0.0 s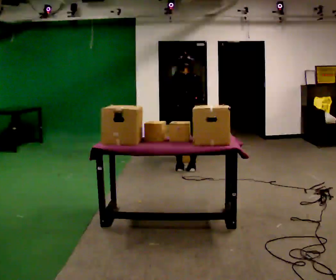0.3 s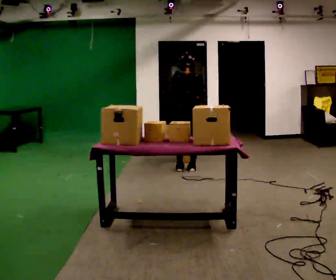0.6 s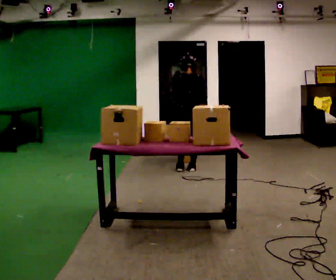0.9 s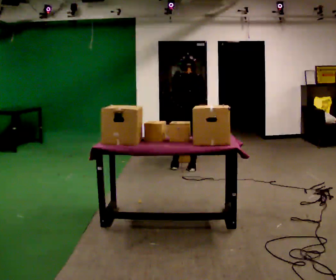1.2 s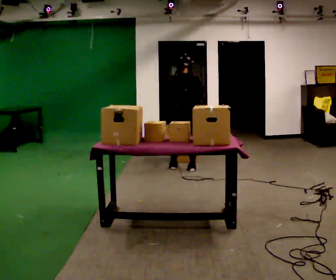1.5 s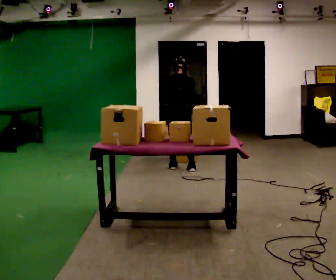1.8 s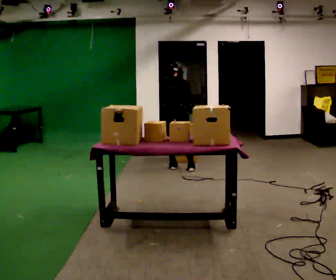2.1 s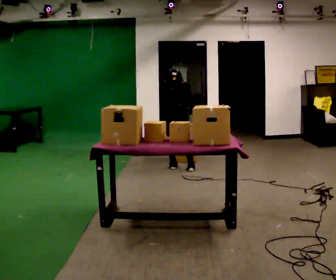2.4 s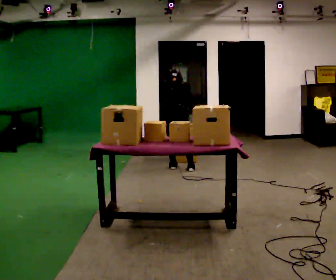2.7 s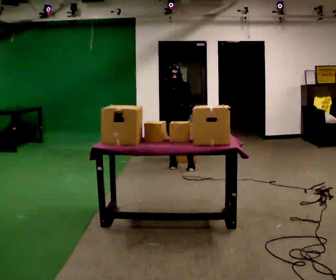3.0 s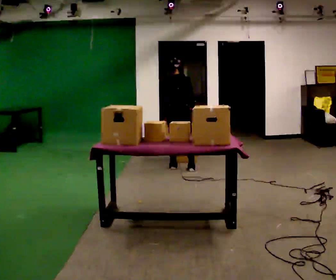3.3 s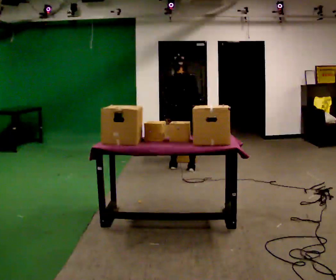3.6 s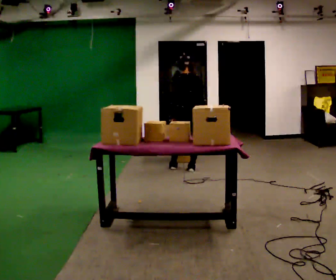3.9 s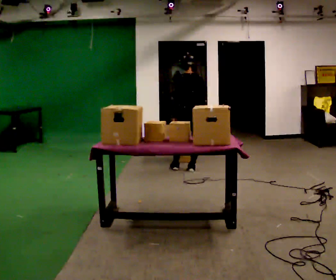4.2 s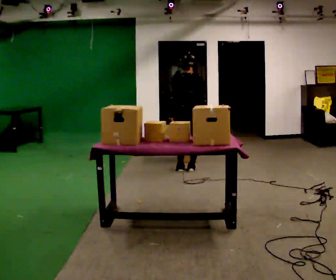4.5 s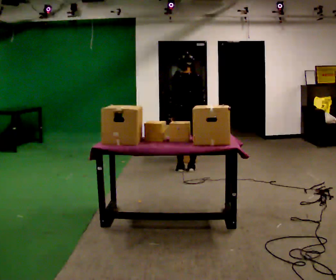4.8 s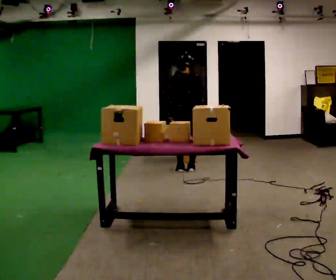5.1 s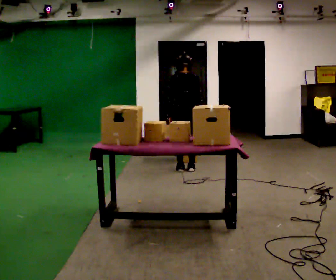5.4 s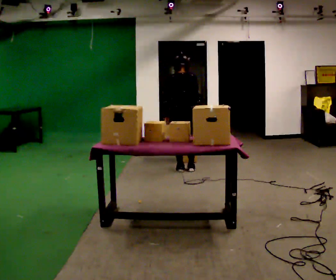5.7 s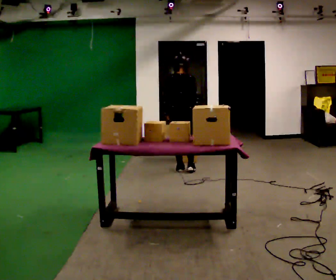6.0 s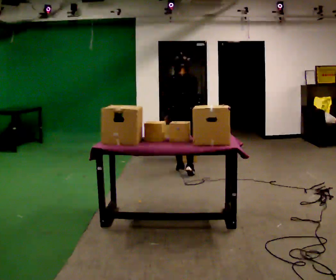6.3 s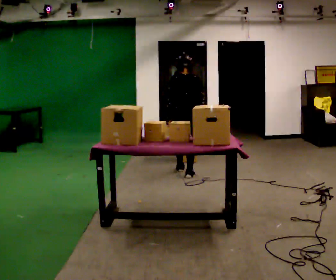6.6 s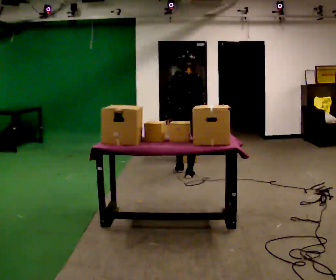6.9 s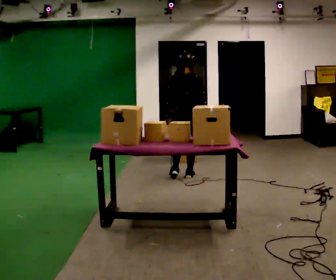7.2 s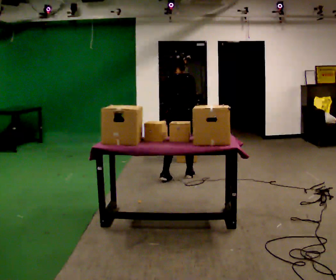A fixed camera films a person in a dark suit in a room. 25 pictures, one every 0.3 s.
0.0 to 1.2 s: The person moves a little, or ends about where they began.
1.2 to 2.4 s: In the picture they go to the left, about 0.25 m, which for them is to their left. The upper body tips away from the camera, its near side rolling upward, as they bend forward.
2.4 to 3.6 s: In the picture they go to the right, about 0.25 m, which for them is to their right. The upper body tips toward the camera, its near side rolling downward, as they lean back or straighten.
3.6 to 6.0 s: The person moves a little, or ends about where they began.
6.0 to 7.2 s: In the picture they go toward the camera, about 0.25 m in 1 step, which for them is backward.
The film runs backward here.
